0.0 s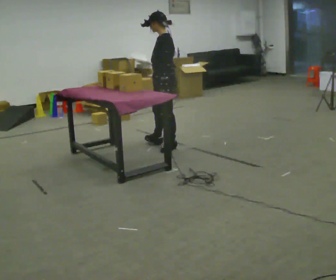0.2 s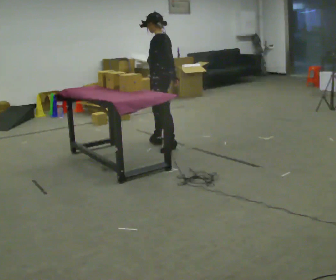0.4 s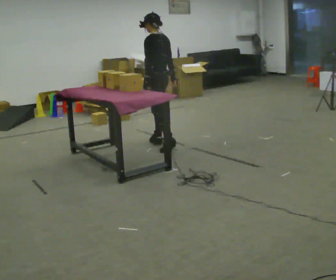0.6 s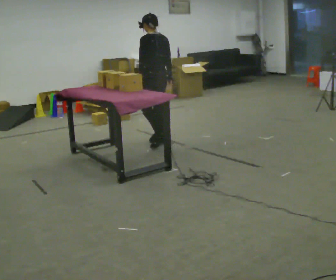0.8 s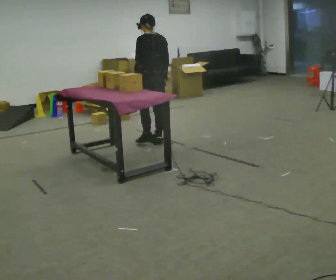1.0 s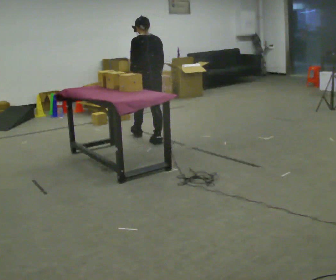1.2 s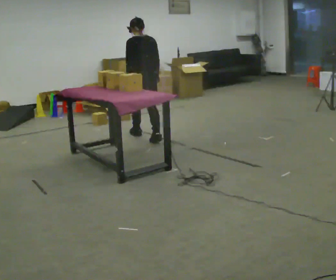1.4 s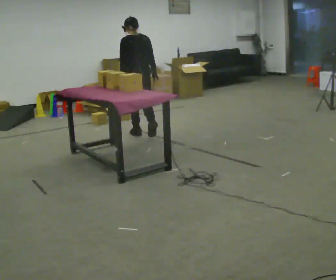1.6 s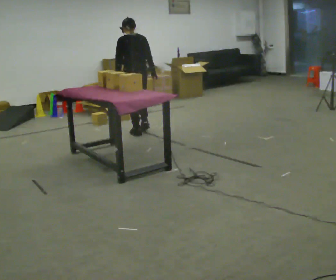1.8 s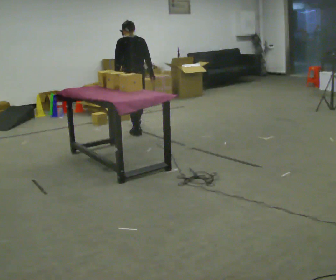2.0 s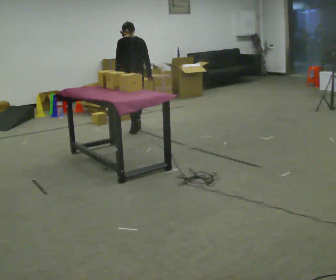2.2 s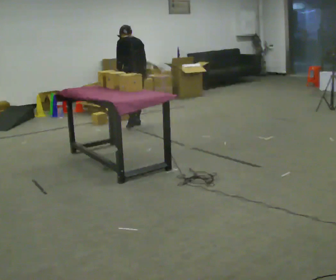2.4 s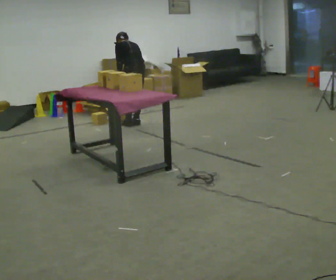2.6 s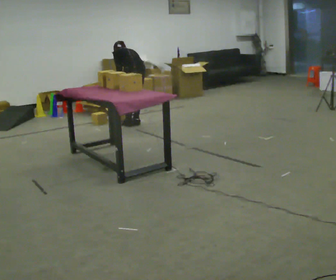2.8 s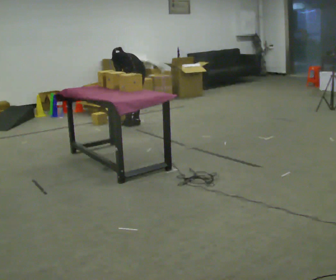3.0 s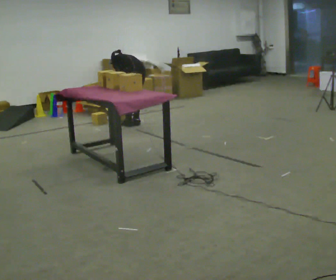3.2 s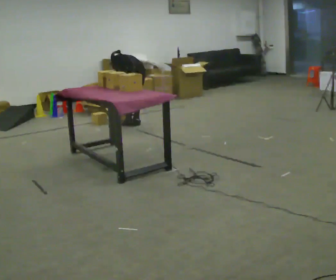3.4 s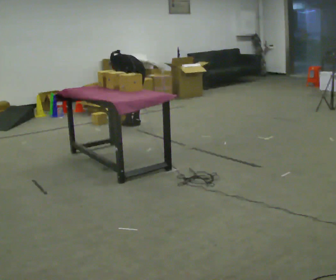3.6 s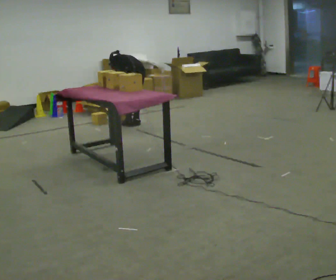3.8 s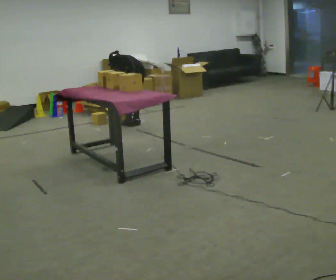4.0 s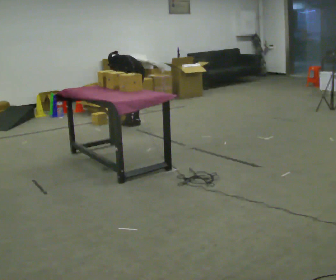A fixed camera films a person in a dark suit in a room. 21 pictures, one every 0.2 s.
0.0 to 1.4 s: The person turns about 75 degrees to their right, clockwise seen from above, so the part of the body nearest the lens slides to the left. In the picture they go away from the camera, about 0.75 m in 1 step.
1.4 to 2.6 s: In the picture they go away from the camera, about 0.5 m in 2 steps, which for them is forward. The shoulders move downward. The upper body tips away from the camera, its near side rolling upward, as they bend forward.
2.6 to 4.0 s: In the picture the upper body tilts counterclockwise, shoulders to the left, as they bend forward.
The film runs forward here.
